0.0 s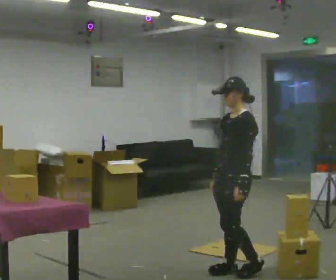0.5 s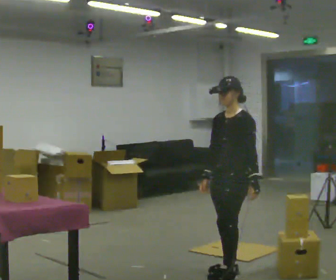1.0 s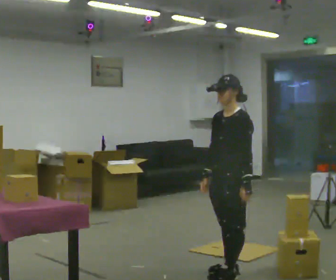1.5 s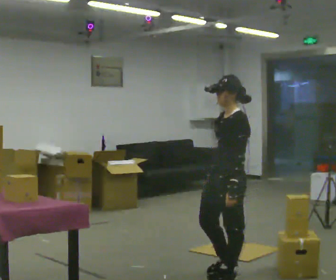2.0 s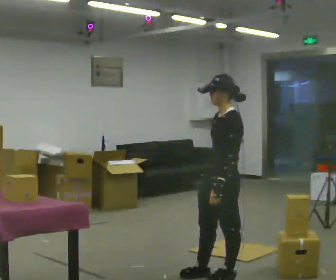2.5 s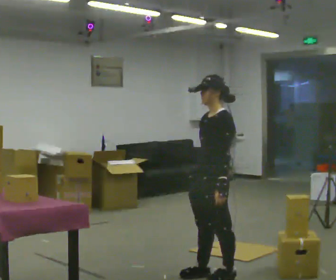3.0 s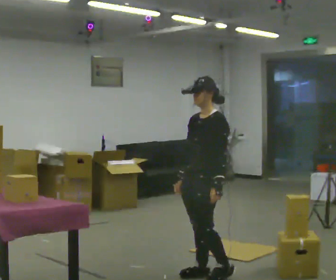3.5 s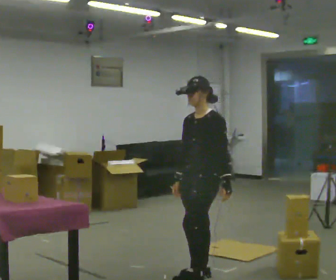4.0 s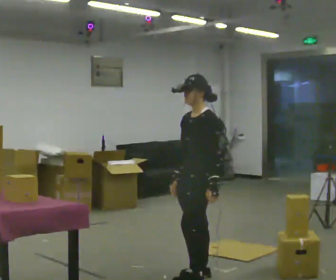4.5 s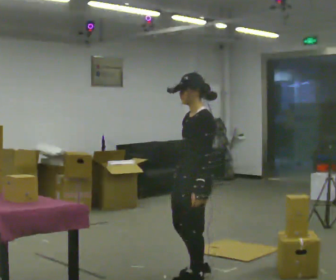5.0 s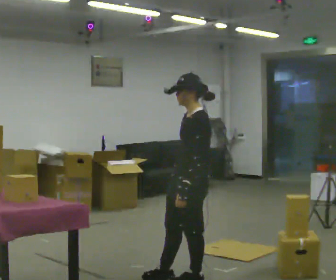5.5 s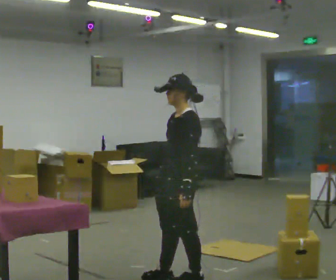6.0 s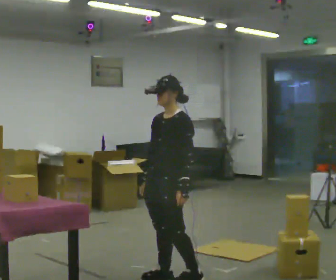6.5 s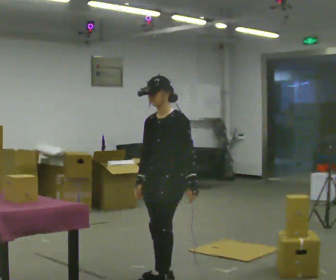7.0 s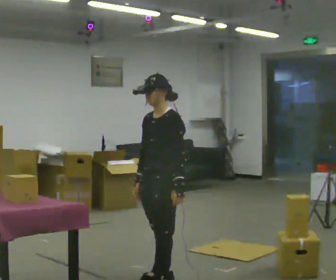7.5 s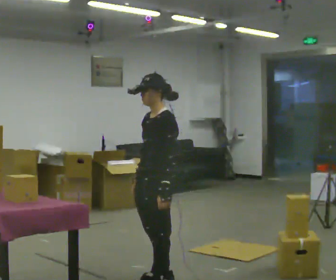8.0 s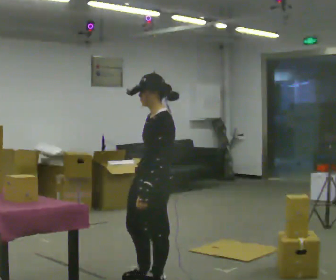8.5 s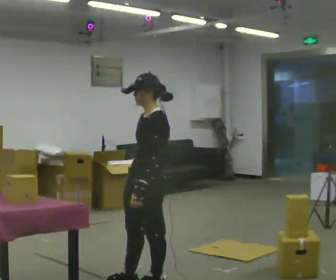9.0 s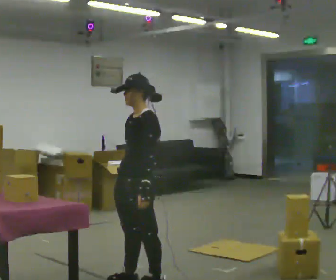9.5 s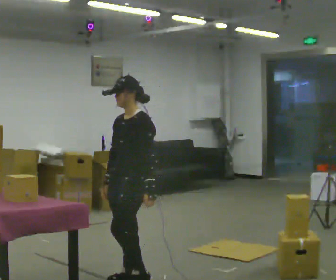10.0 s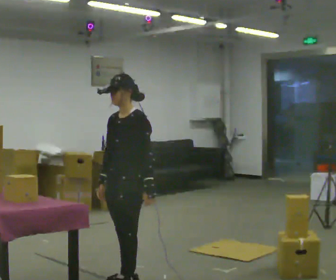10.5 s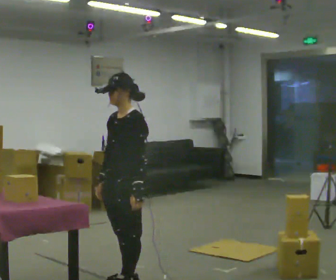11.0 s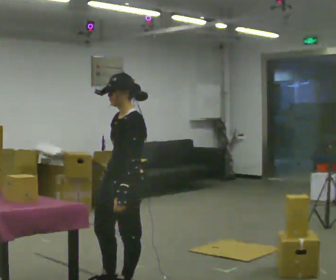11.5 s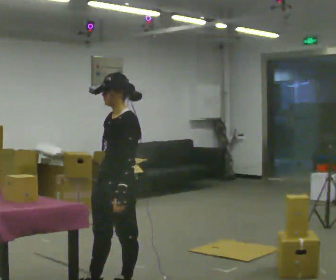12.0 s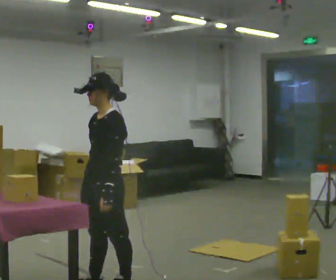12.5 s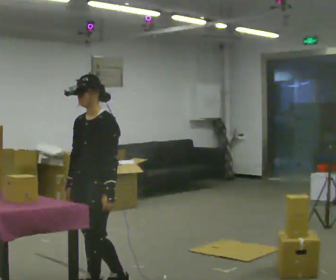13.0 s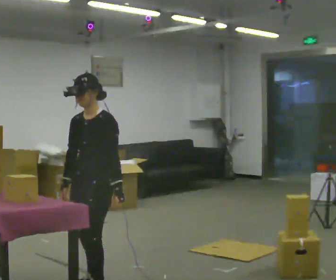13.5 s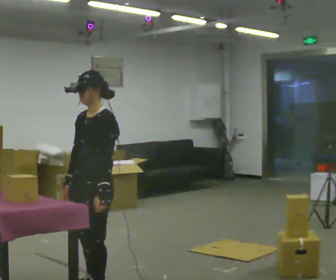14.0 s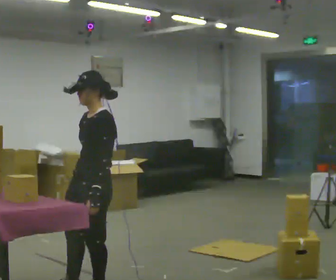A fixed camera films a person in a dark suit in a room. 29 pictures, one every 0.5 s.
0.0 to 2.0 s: In the picture they go toward the camera, about 0.25 m in 2 steps, which for them is forward.
2.0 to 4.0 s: In the picture they go to the left, about 0.25 m in 1 step, which for them is forward. In the picture their right hand goes to the left.
4.0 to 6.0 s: In the picture they go to the left, about 0.25 m in 1 step, which for them is forward.
6.0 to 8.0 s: The part of the body nearest the lens slides to the left as the person turns to their right by about 30 degrees. In the picture they go toward the camera, about 0.25 m in 1 step, which for them is forward.
8.0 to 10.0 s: In the picture they go to the left, about 0.25 m in 2 steps, which for them is forward.
10.0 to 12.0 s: In the picture they go to the left, about 0.25 m in 1 step, which for them is forward.
12.0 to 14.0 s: In the picture they go toward the camera, about 0.25 m in 1 step, which for them is forward.
The film runs forward here.
